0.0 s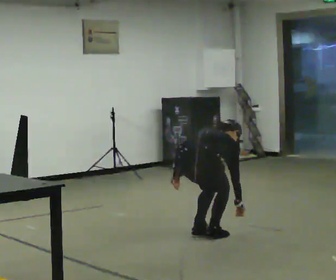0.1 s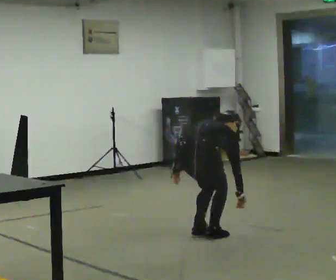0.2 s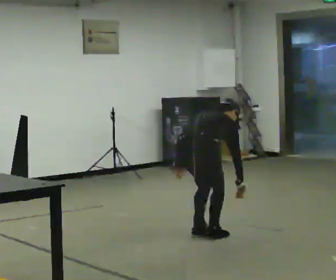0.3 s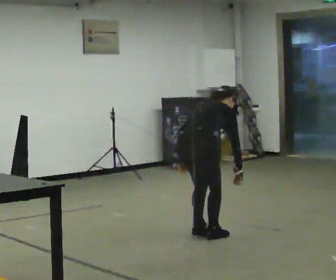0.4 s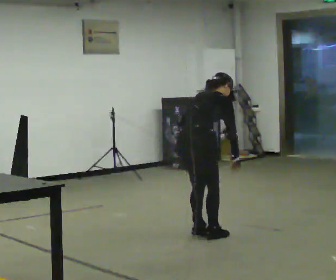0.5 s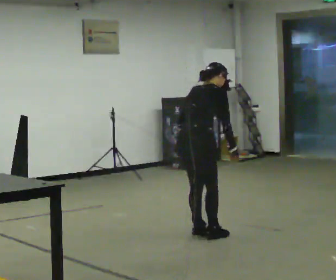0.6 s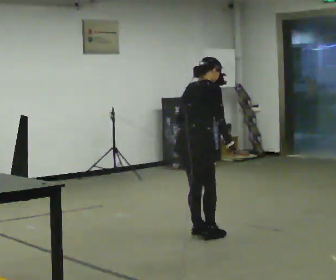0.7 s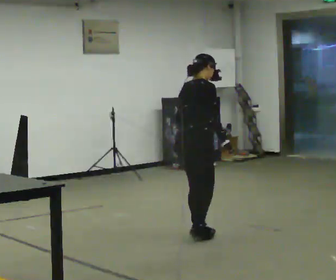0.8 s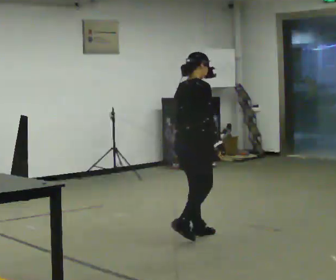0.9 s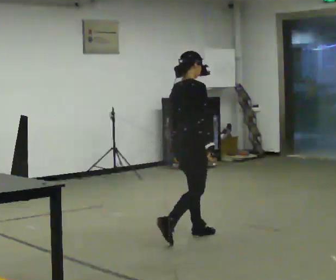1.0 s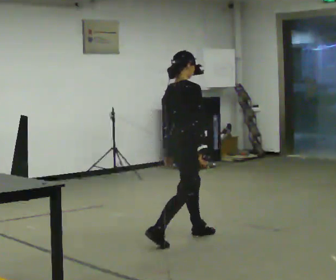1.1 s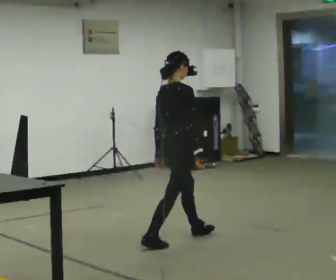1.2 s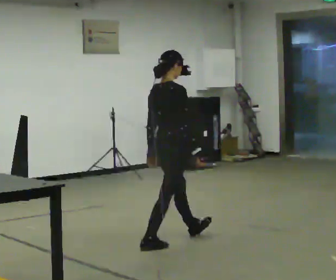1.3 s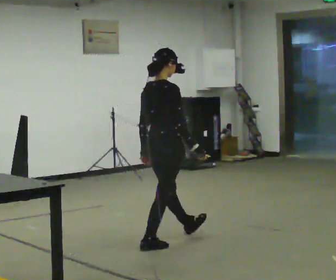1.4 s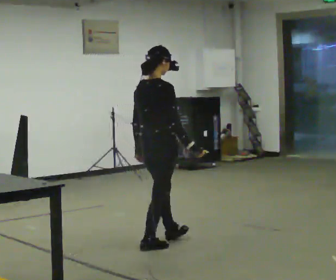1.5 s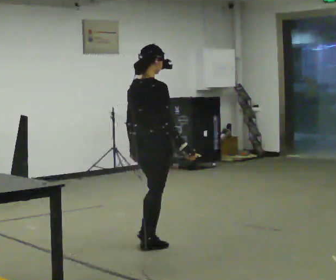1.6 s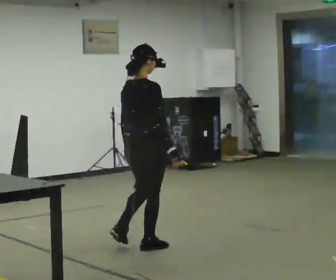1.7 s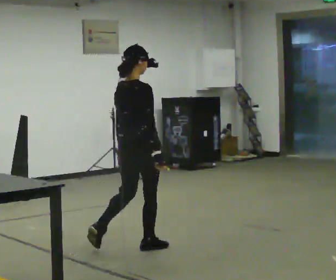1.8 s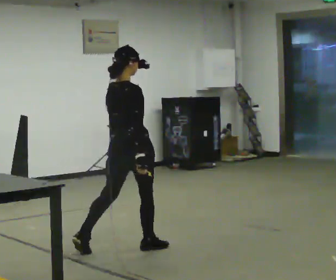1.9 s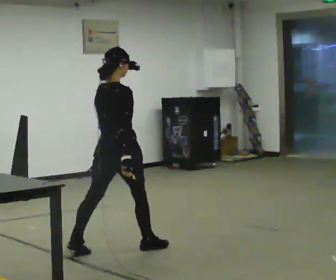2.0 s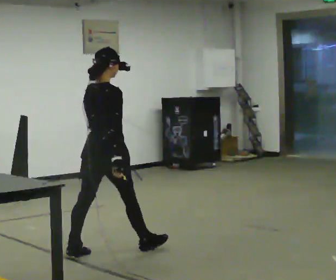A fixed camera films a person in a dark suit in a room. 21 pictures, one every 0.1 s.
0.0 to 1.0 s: The person turns about 30 degrees to their right, clockwise seen from above, so the part of the body nearest the lens slides to the left. The shoulders move upward. The upper body tips toward the camera, its near side rolling downward, as they lean back or straighten.
1.0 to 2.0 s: In the picture they go to the left and toward the camera, about 0.5 m in 1 step, which for them is backward.
The film runs backward here.
